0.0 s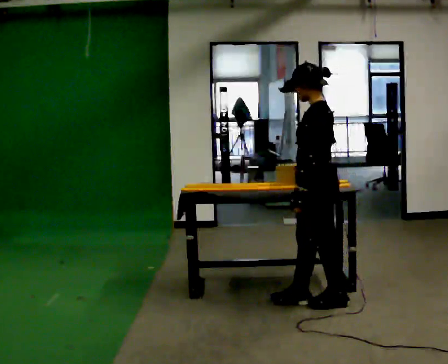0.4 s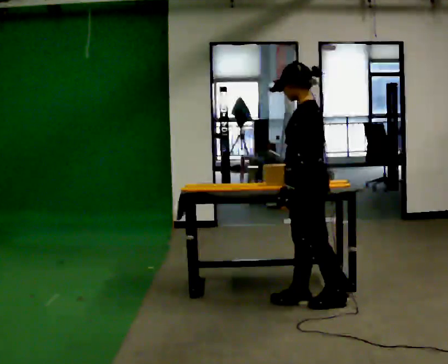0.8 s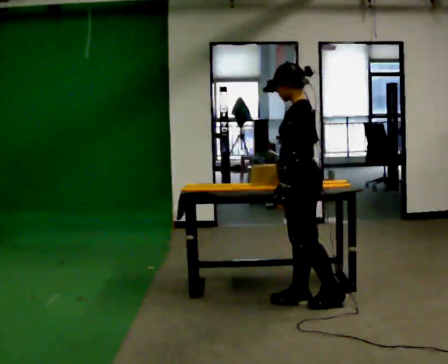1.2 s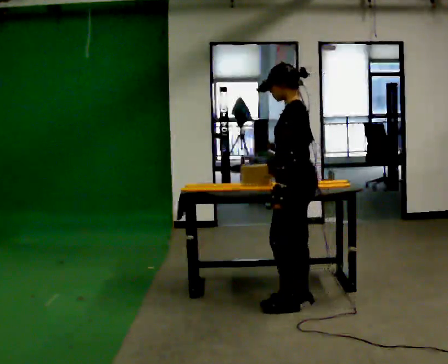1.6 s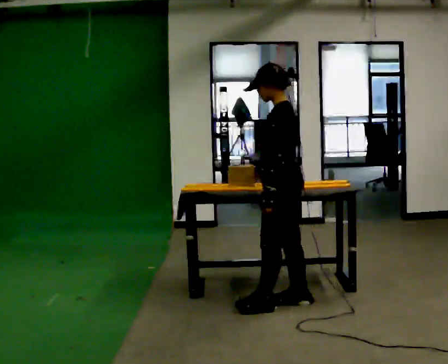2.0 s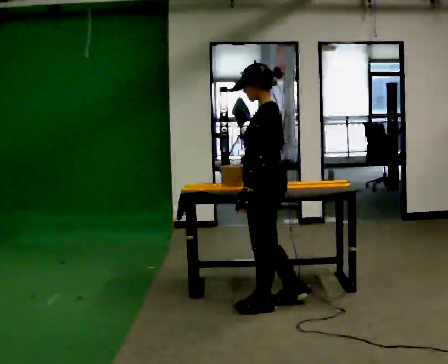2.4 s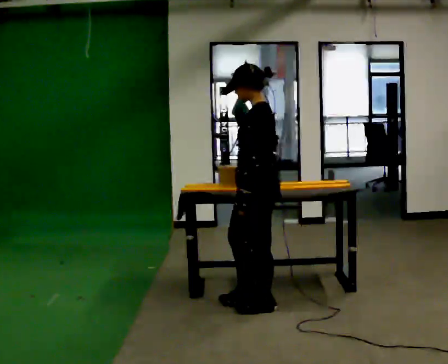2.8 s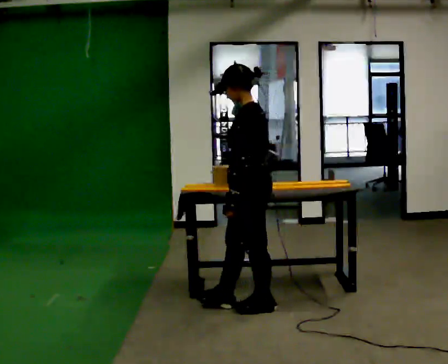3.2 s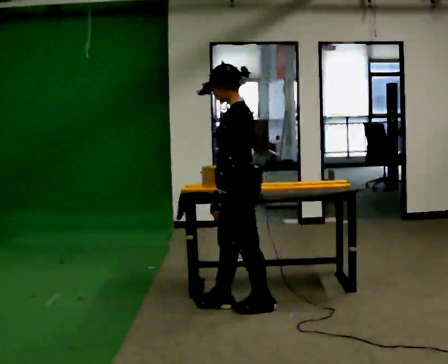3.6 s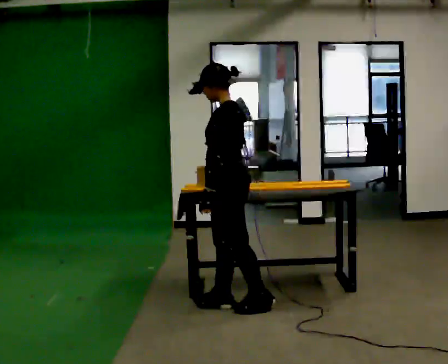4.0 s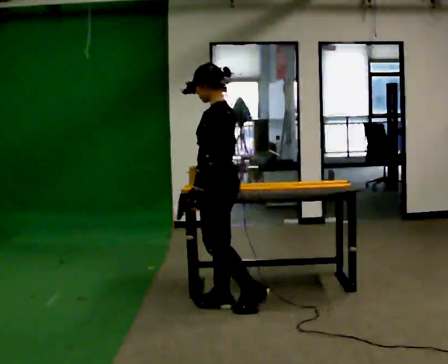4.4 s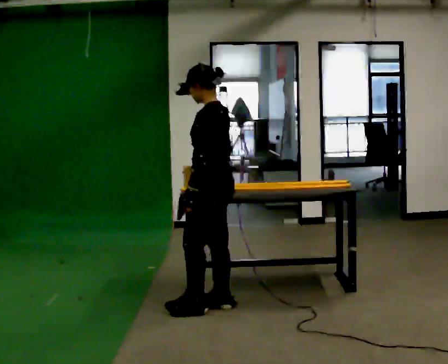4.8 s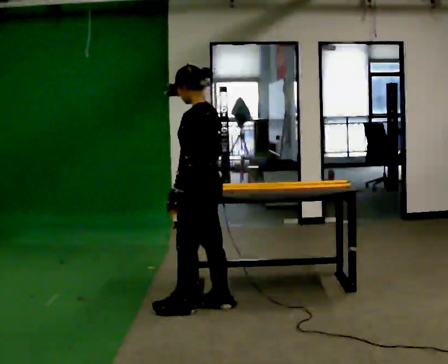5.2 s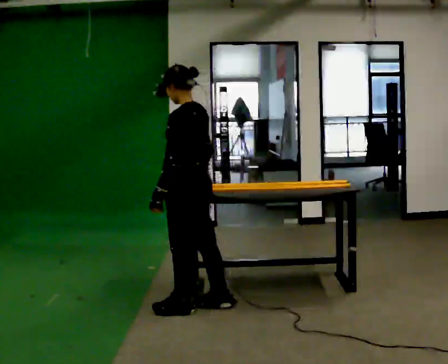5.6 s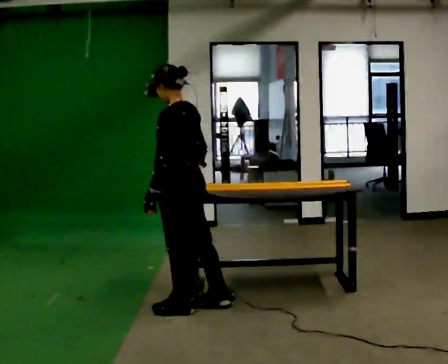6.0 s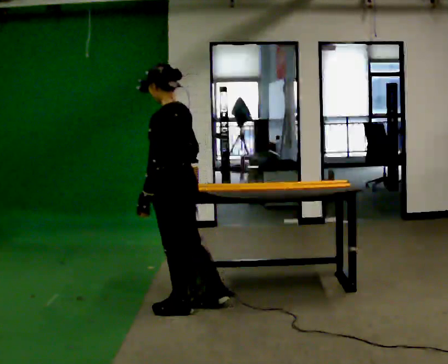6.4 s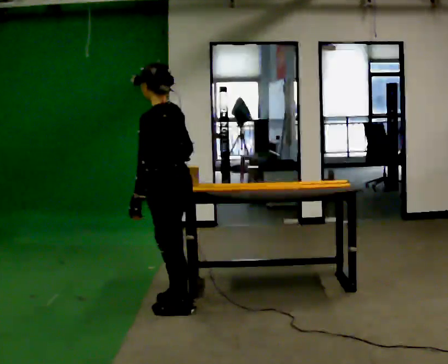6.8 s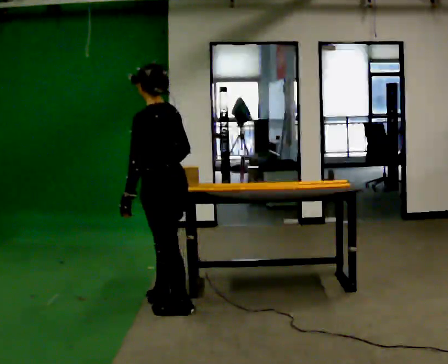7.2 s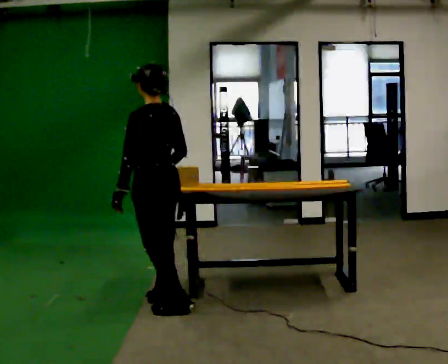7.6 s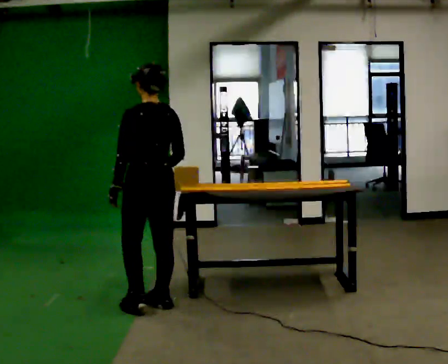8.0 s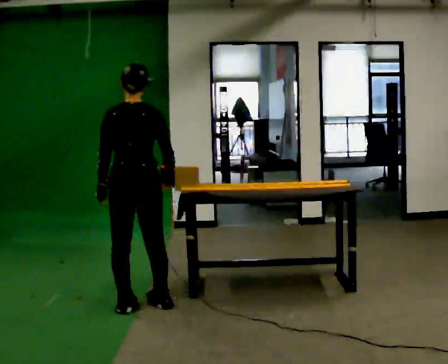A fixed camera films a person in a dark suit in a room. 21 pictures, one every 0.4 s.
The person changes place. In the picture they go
to the left.
0.0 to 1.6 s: In the picture they go to the left, about 0.25 m in 1 step, which for them is forward. In the picture their right hand goes to the left.
1.6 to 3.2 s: In the picture they go to the left, about 0.25 m in 1 step, which for them is forward.
3.2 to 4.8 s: In the picture they go to the left, about 0.25 m in 1 step, which for them is forward.
4.8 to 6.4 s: In the picture they go to the left, about 0.25 m, which for them is to their left and forward.
6.4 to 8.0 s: The person turns about 60 degrees to their right, clockwise seen from above, so the part of the body nearest the lens slides to the left. In the picture they go to the left, about 0.25 m in 2 steps.
The film runs forward here.
